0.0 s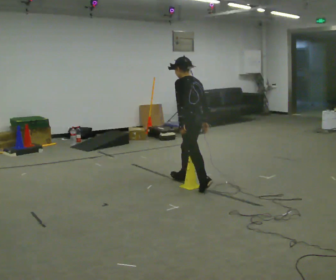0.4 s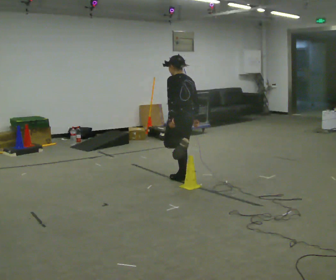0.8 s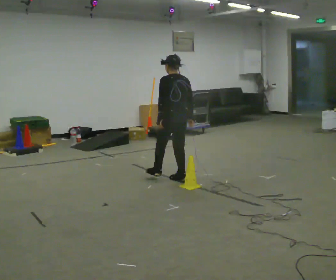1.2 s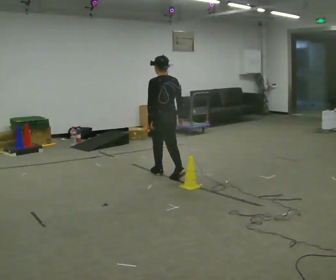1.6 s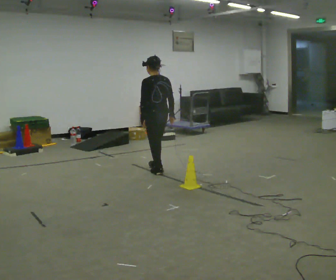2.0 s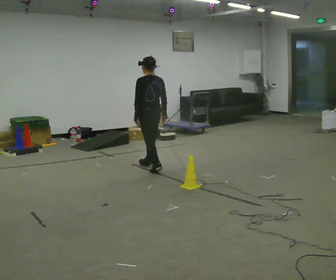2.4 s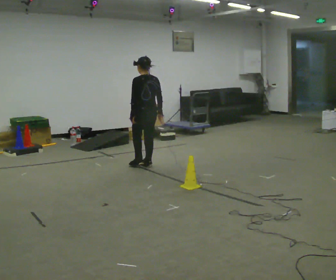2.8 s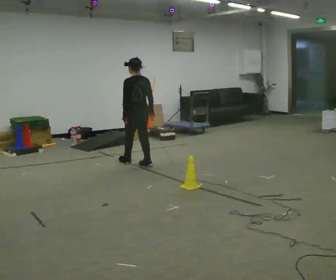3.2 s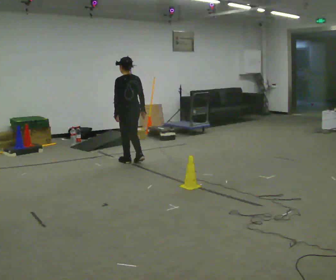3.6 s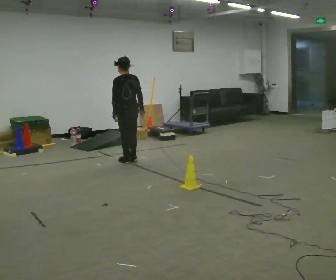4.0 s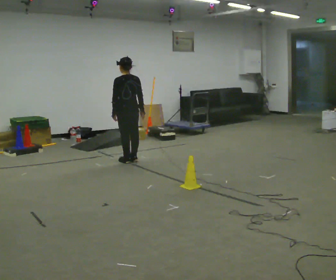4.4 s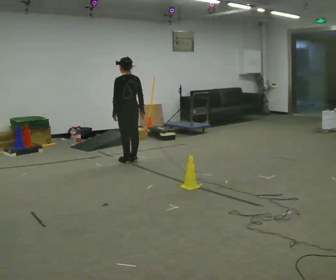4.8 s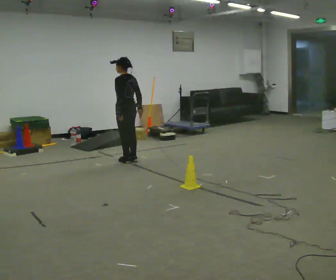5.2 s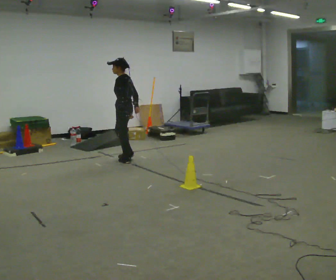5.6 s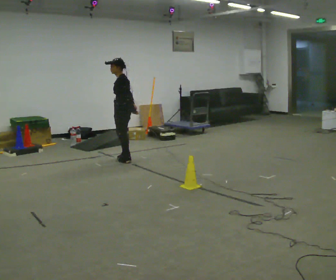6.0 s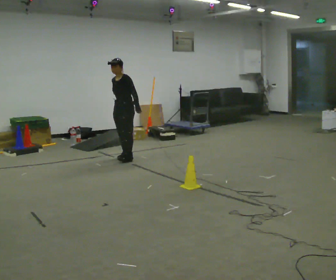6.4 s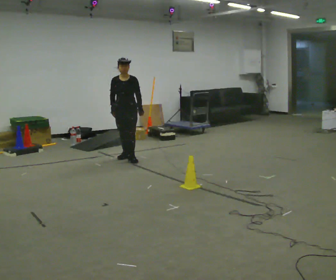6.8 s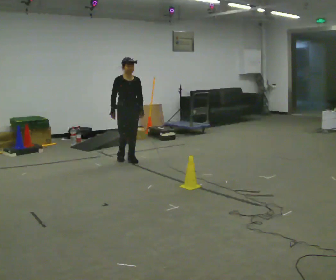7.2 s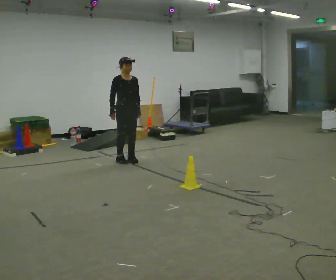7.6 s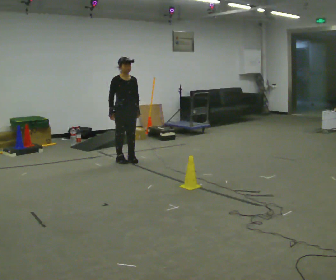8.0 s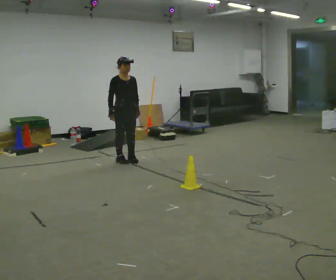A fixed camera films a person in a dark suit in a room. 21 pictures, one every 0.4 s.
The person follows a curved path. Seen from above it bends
counterclockwise.
0.0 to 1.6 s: In the picture they go away from the camera and to the left, about 0.75 m in 1 step, which for them is forward.
1.6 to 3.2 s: In the picture they go away from the camera and to the left, about 0.75 m in 2 steps, which for them is forward.
3.2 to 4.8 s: The person moves a little, or ends about where they began.
4.8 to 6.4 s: Seen from above the body turns counterclockwise, about 120 degrees: to their left, with its near side sliding to the right. In the picture their left hand goes to the right.
6.4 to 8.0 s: Seen from above the body turns counterclockwise, about 30 degrees: to their left, with its near side sliding to the right. In the picture they go toward the camera, about 0.25 m in 1 step, which for them is forward.
The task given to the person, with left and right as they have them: Walk across the room at a normal pace, looking ahead. Something may appear in your way. Deal with it however comes naturally and carry on.
The film runs forward here.
